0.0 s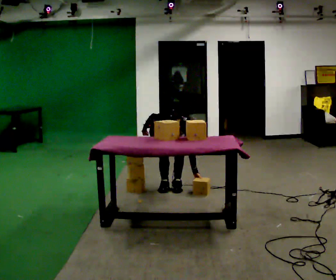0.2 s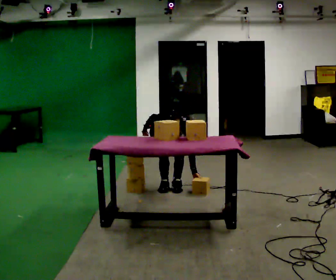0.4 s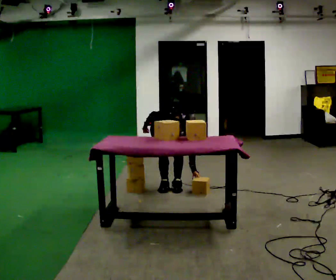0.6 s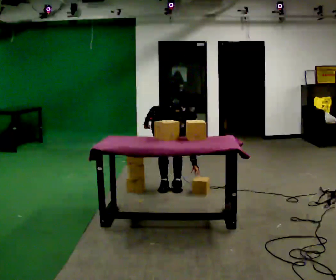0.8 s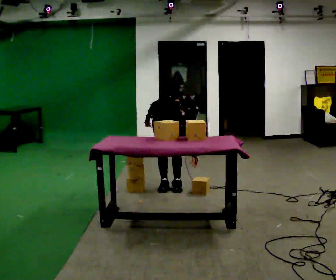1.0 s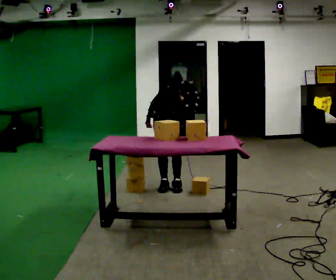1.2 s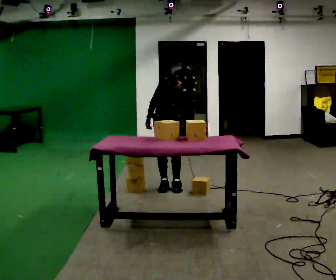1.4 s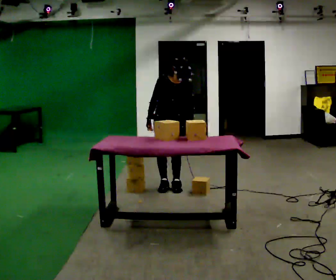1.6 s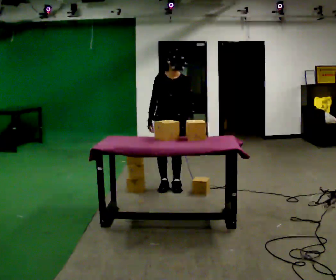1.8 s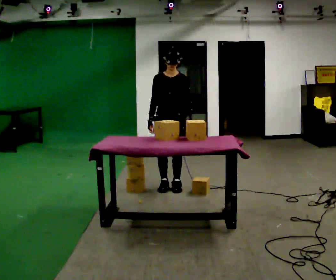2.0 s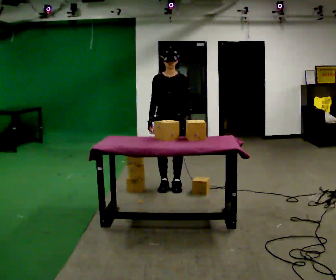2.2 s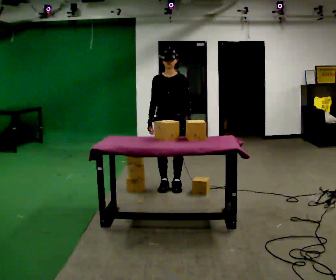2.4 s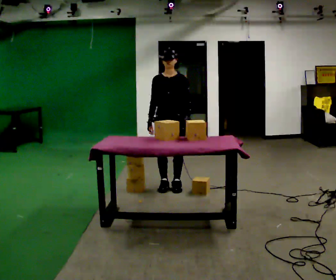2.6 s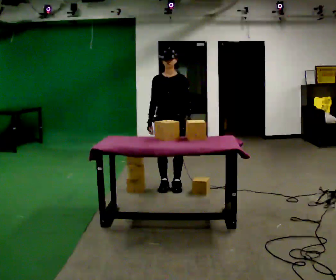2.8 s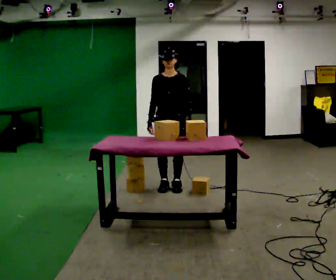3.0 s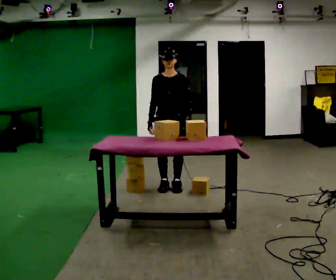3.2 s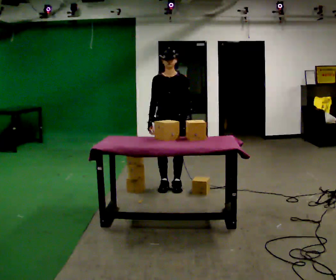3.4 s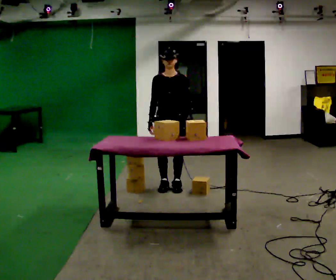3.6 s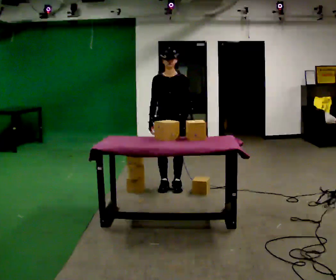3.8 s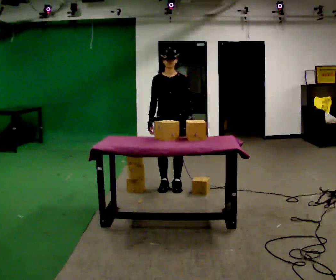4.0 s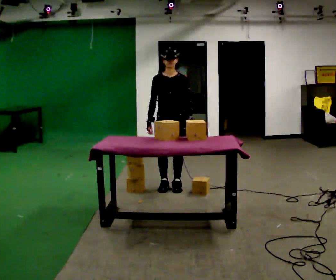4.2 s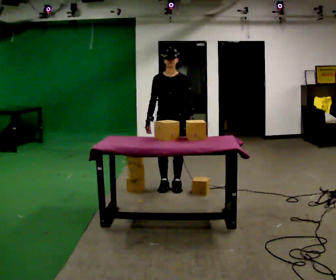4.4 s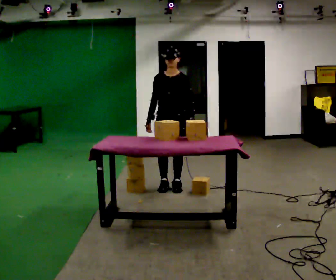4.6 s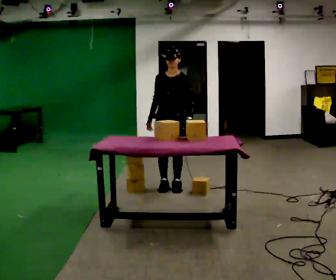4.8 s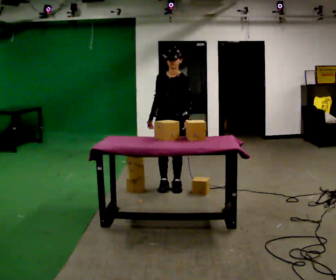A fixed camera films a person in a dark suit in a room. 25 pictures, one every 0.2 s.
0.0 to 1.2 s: The shoulders move upward. The upper body tips away from the camera, its near side rolling upward, as they lean back or straighten.
1.2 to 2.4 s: The upper body tips away from the camera, its near side rolling upward, as they lean back or straighten.
2.4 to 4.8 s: The person moves a little, or ends about where they began.
The film runs backward here.
